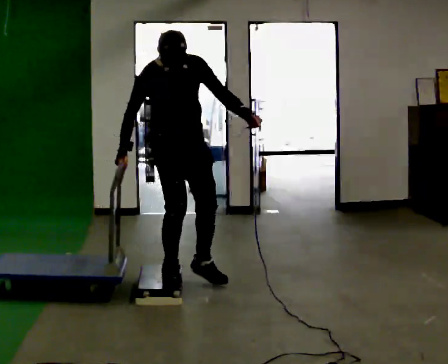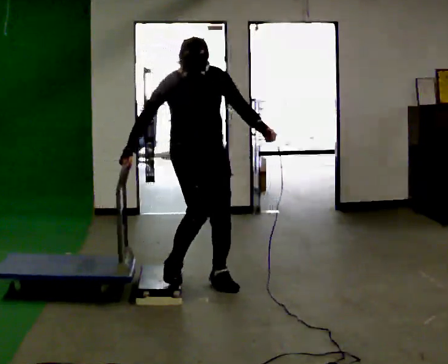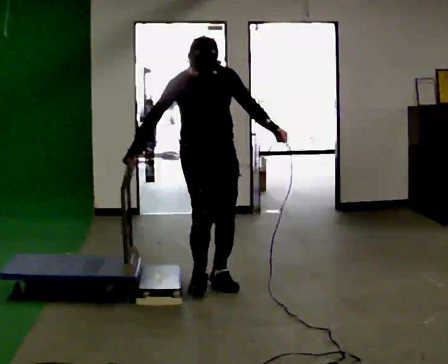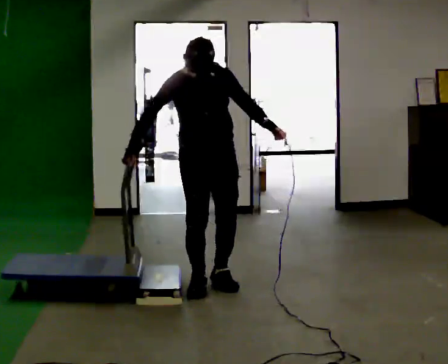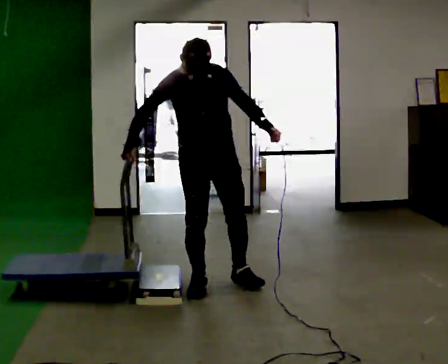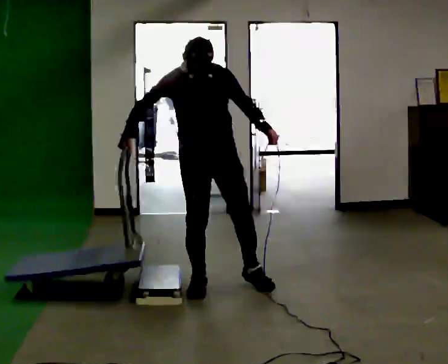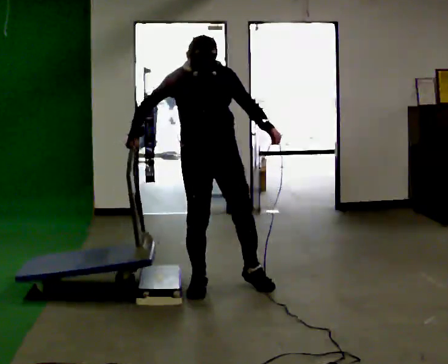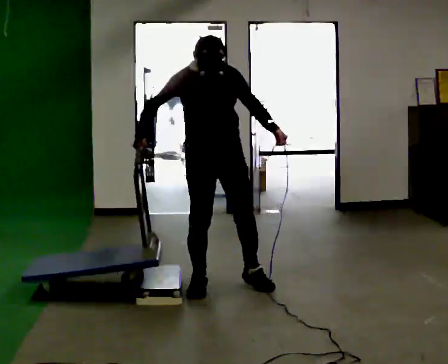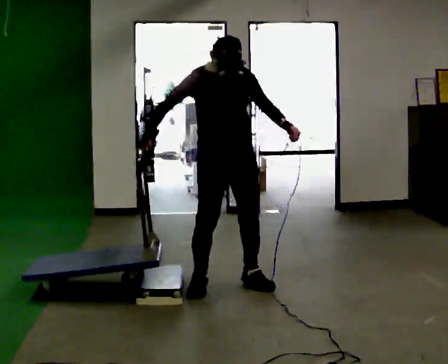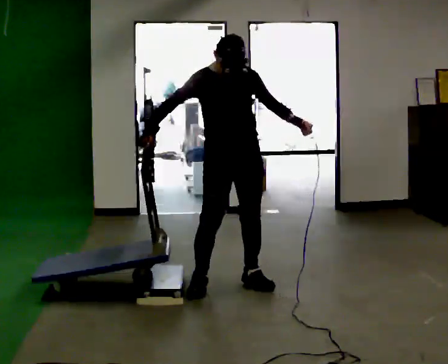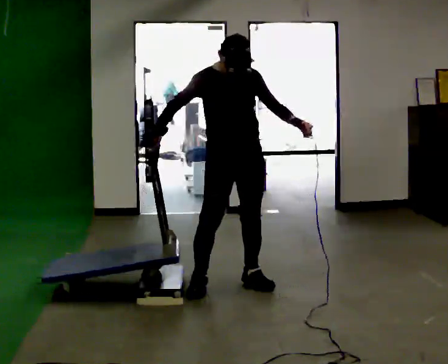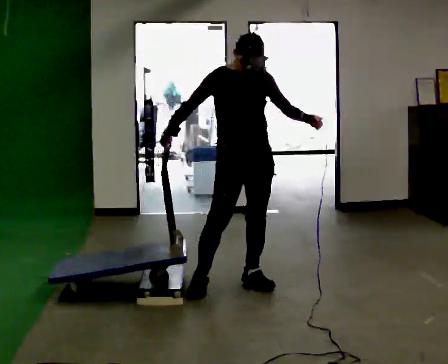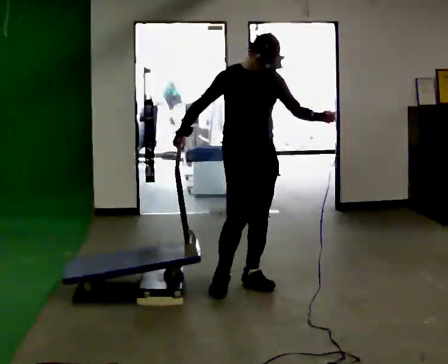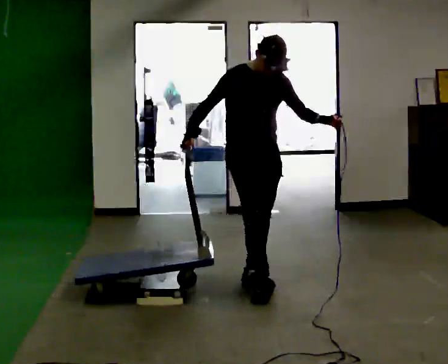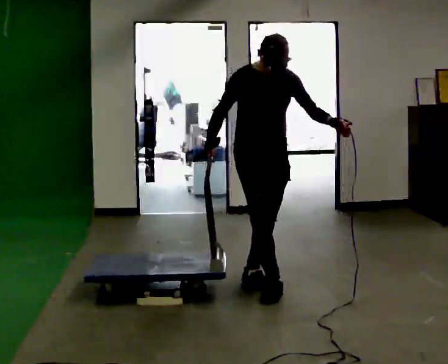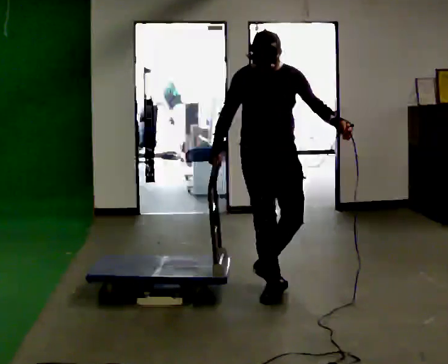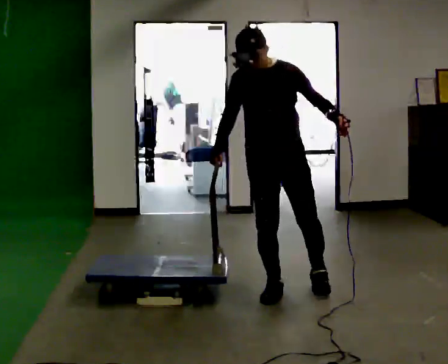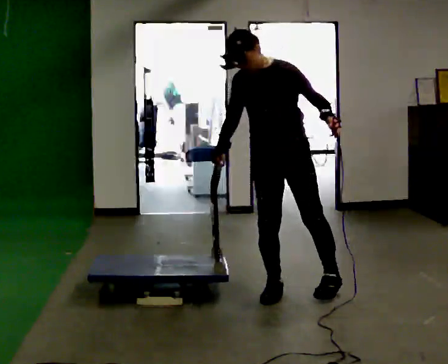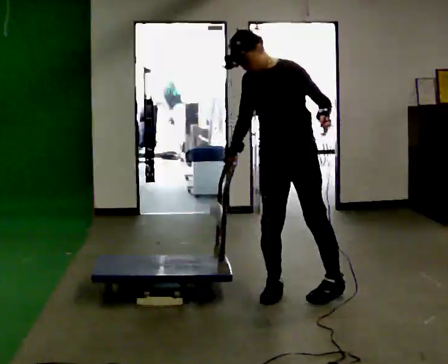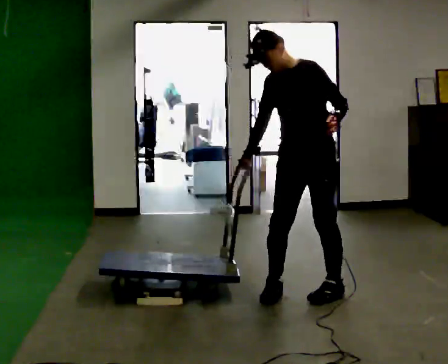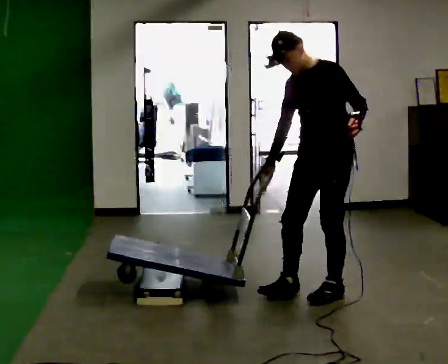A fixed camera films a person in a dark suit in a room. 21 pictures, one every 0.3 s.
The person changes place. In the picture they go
to the right.
0.0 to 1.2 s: The part of the body nearest the lens slides to the left as the person turns to their right by about 30 degrees. In the picture they go to the right, about 0.25 m in 2 steps, which for them is to their left.
1.2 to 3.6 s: In the picture they go to the right, about 0.25 m in 1 step, which for them is to their left.
3.6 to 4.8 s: Seen from above the body turns clockwise, about 30 degrees: to their right, with its near side sliding to the left. In the picture they go toward the camera and to the right, about 0.25 m in 1 step, which for them is forward. In the picture the upper body tilts counterclockwise, shoulders to the left.
4.8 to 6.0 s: The part of the body nearest the lens slides to the left as the person turns to their right by about 45 degrees. In the picture they go to the right, about 0.25 m in 1 step, which for them is to their left and backward.
The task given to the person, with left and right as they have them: Push the cart up over the low platform edge and down the other side, then bring it back over.
The film runs forward here.
